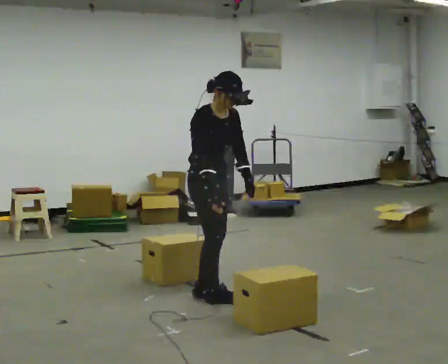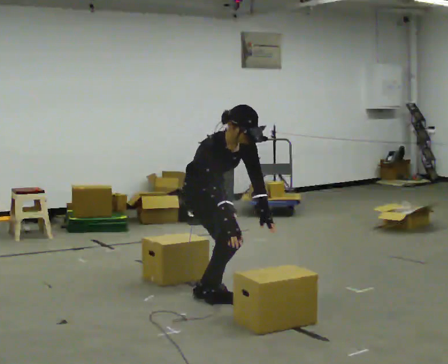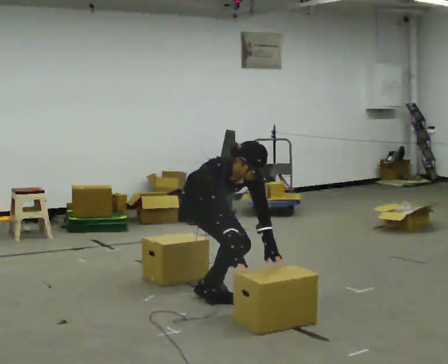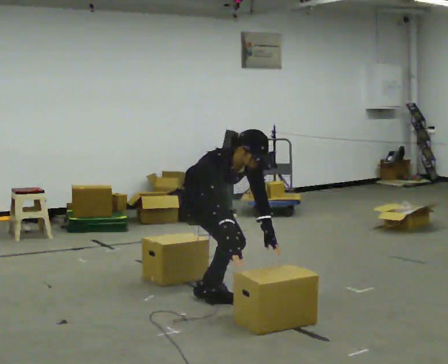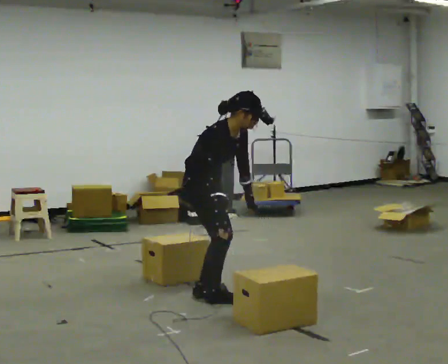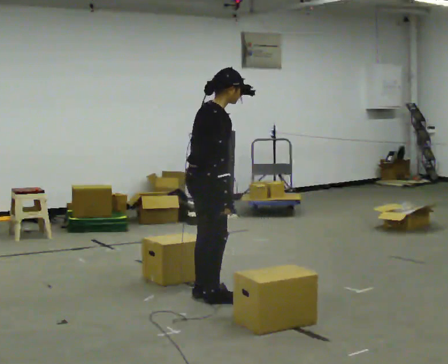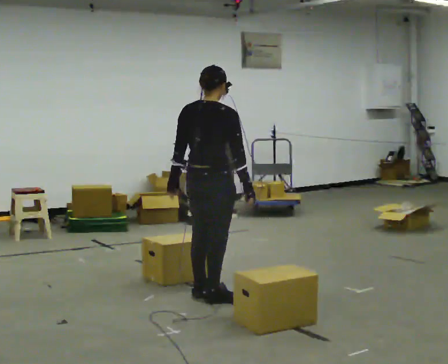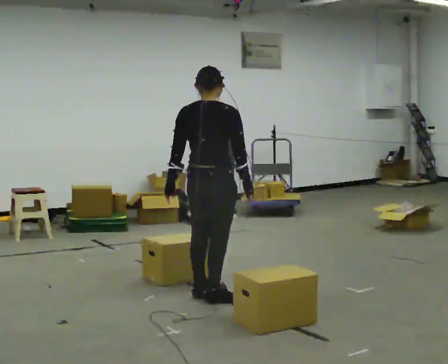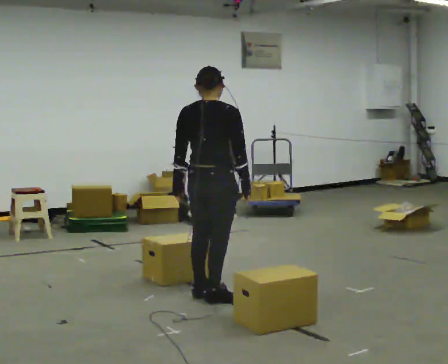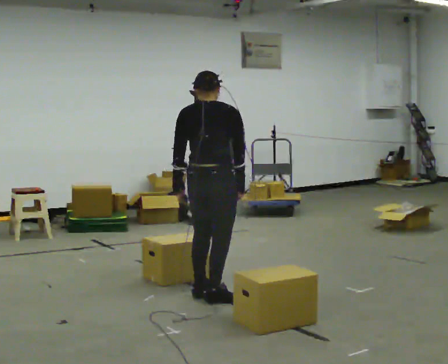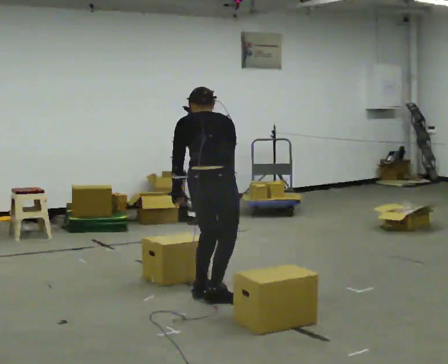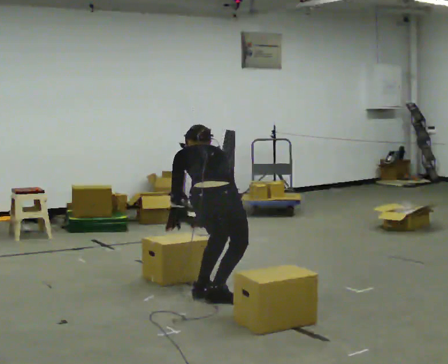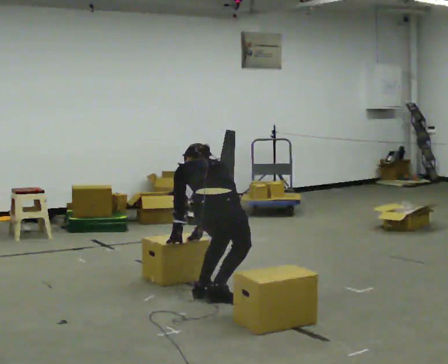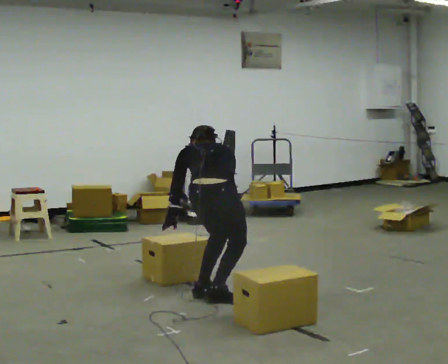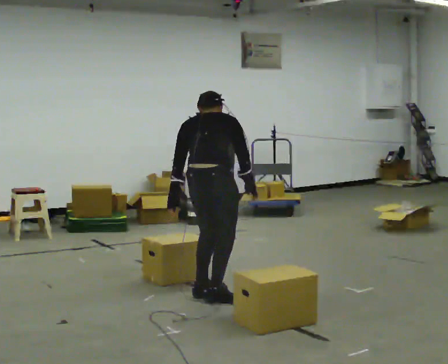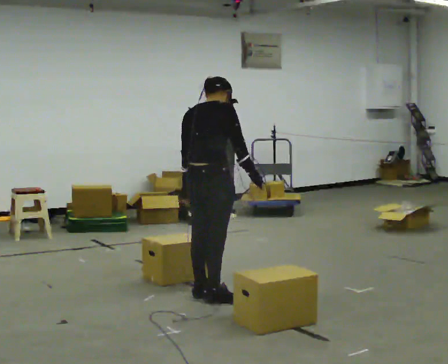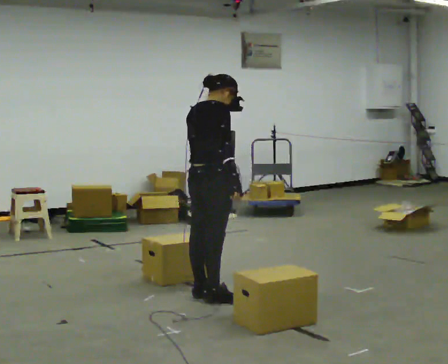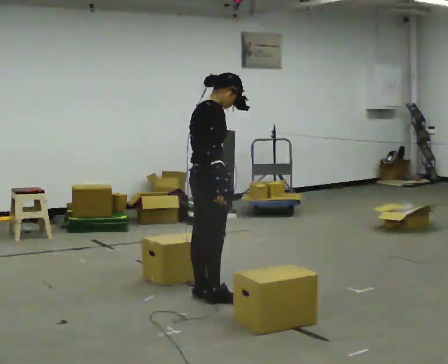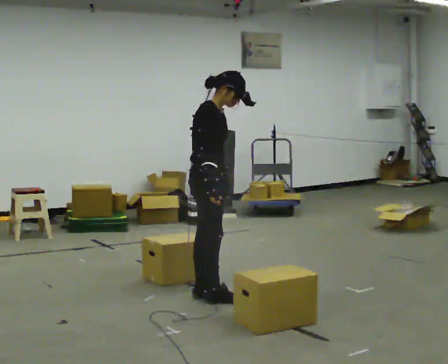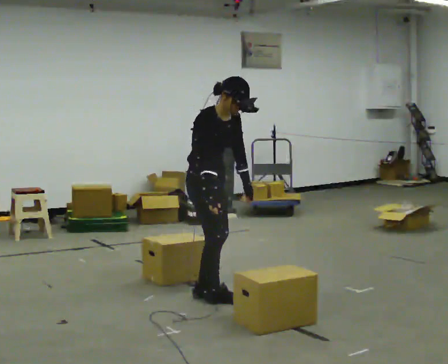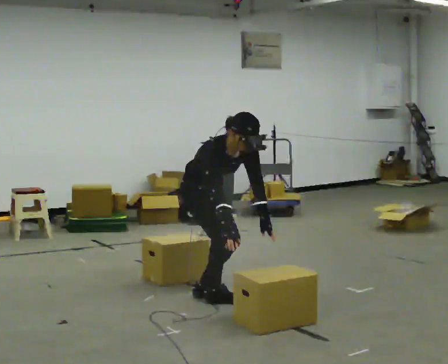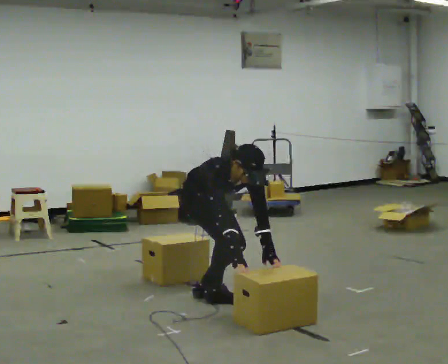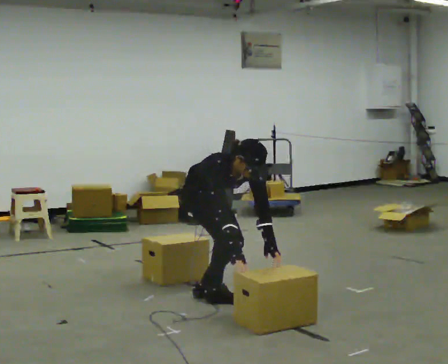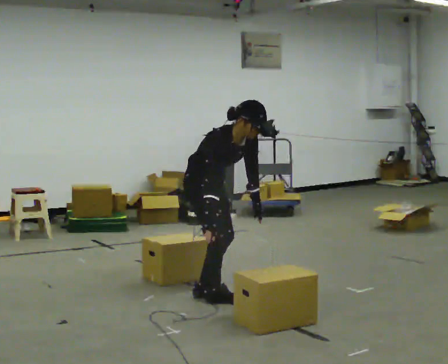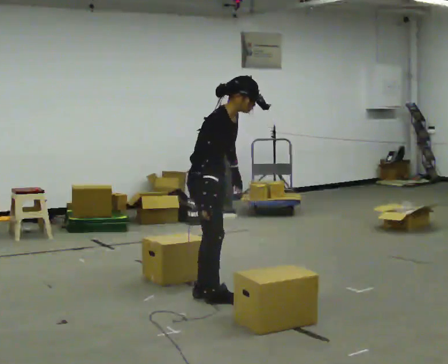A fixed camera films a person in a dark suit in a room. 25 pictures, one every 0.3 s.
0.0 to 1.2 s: The person moves a little, or ends about where they began.
1.2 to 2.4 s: The person turns about 90 degrees to their left, counterclockwise seen from above, so the part of the body nearest the lens slides to the right. In the picture the upper body tilts counterclockwise, shoulders to the left, as they lean back or straighten. In the picture their left hand goes to the left, the arm swinging clockwise.
2.4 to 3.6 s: Seen from above the body turns counterclockwise, about 30 degrees: to their left, with its near side sliding to the right. The shoulders move downward. The upper body tips away from the camera, its near side rolling upward, as they bend forward. In the picture their right hand goes downward and to the left.
3.6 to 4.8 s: The person turns about 60 degrees to their right, clockwise seen from above, so the part of the body nearest the lens slides to the left. The shoulders move upward. The upper body tips toward the camera, its near side rolling downward, as they lean back or straighten. In the picture their right hand goes upward and to the right, the arm swinging counterclockwise.
4.8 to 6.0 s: The part of the body nearest the lens slides to the left as the person turns to their right by about 75 degrees. The shoulders move downward. The upper body tips toward the camera, its near side rolling downward, as they bend forward. In the picture their left hand goes to the right.
6.0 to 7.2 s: The part of the body nearest the lens slides to the right as the person turns to their left by about 45 degrees.
The film runs forward here.
